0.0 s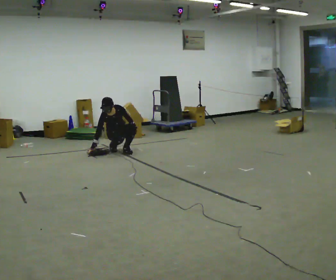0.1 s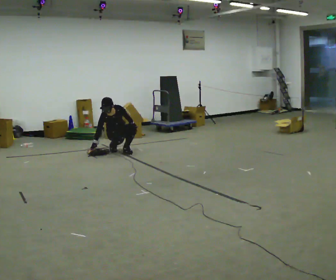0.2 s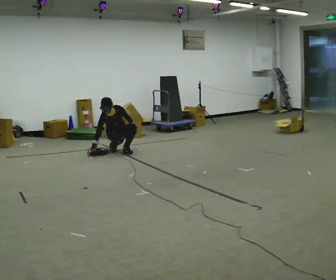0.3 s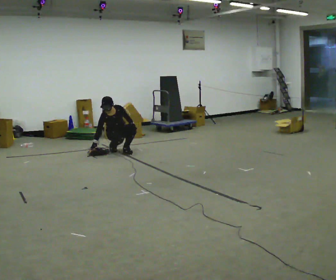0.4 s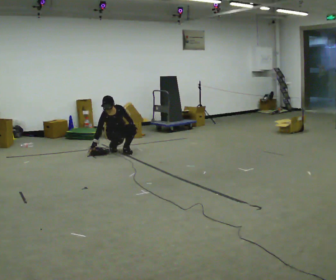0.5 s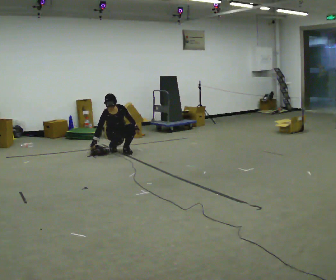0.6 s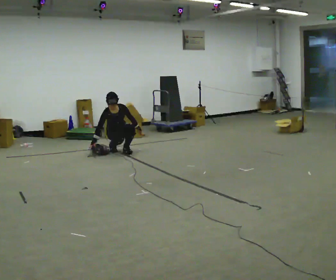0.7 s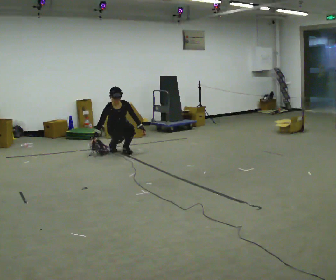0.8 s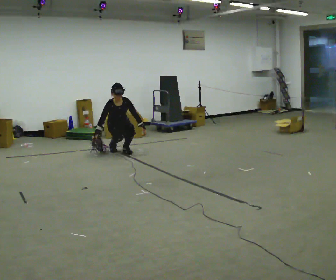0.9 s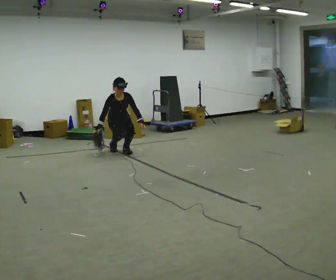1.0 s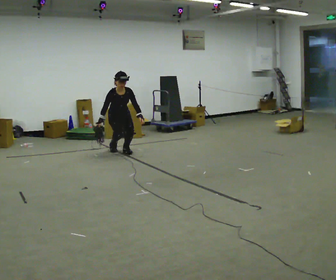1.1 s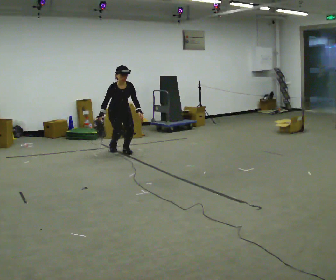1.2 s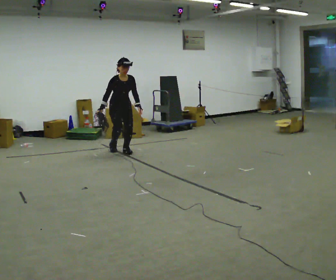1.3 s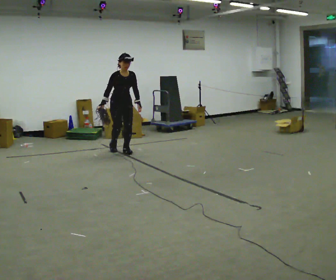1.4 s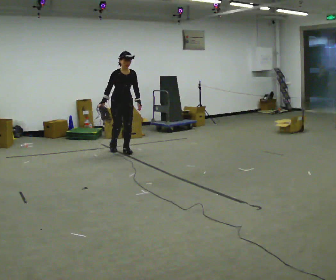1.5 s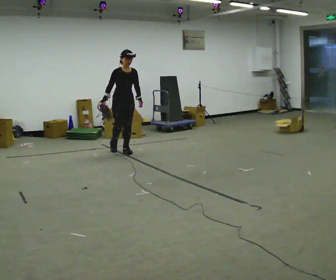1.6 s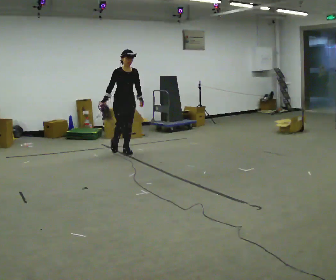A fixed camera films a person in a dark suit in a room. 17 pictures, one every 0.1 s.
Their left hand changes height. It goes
upward.
The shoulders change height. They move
upward.
0.0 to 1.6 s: In the picture they go toward the camera, about 0.25 m, which for them is forward. The upper body goes upward. The upper body tips away from the camera, its near side rolling upward, as they lean back or straighten. In the picture their left hand goes upward.
The film runs forward here.
